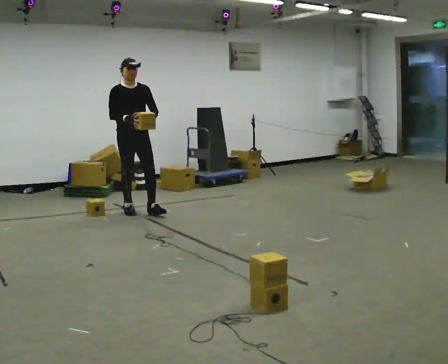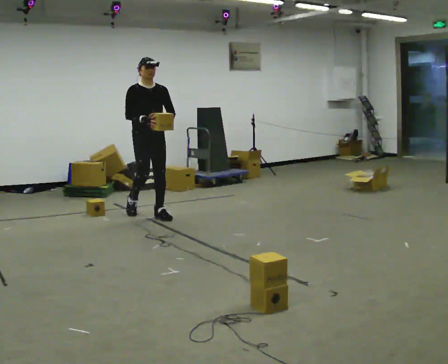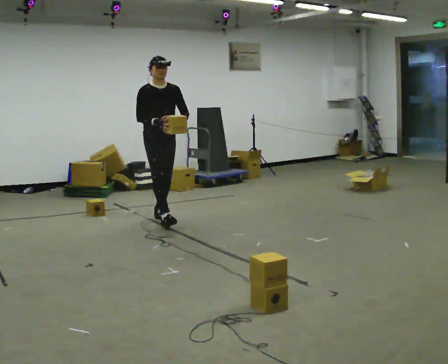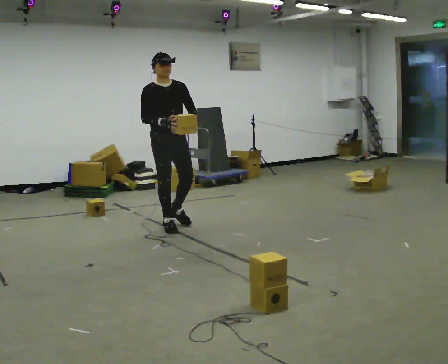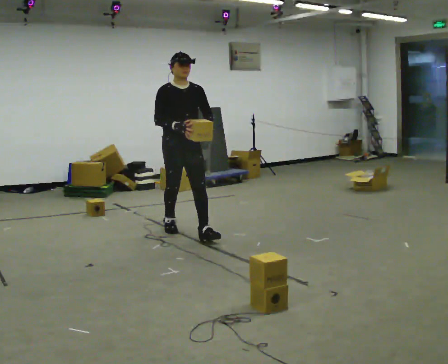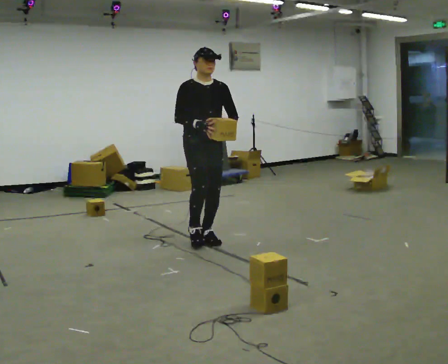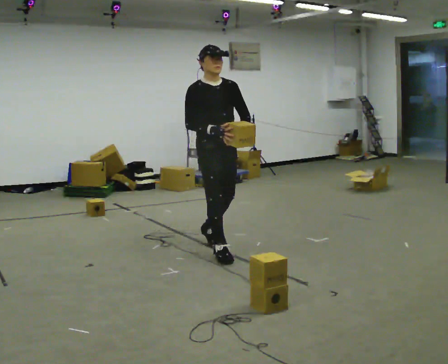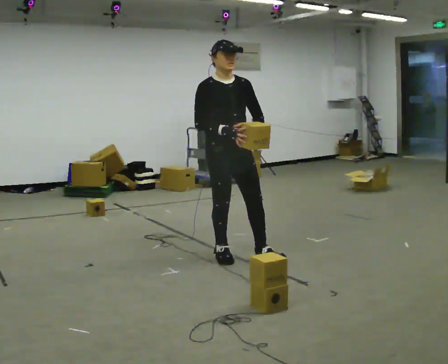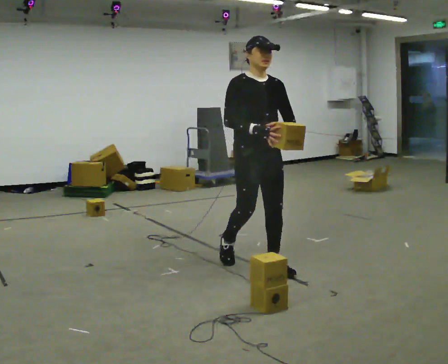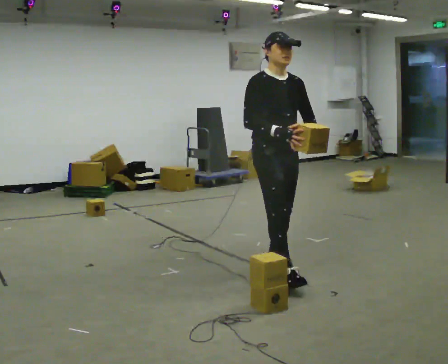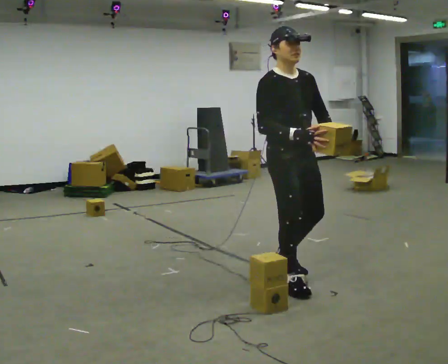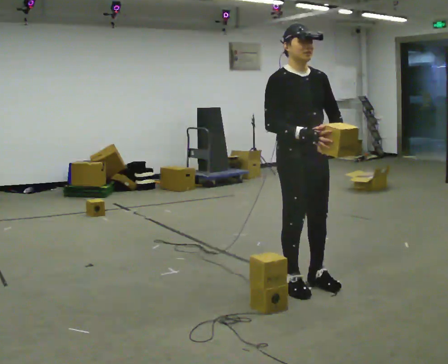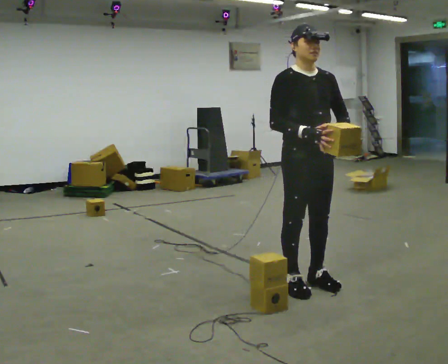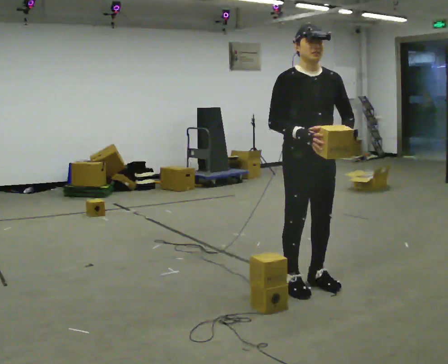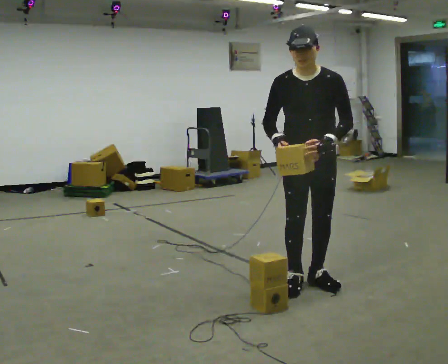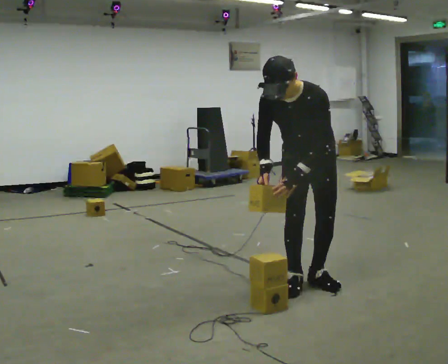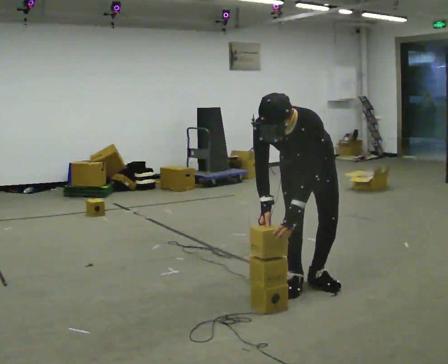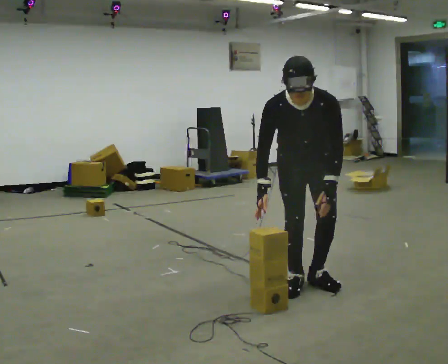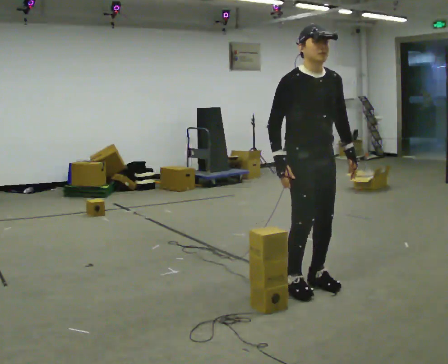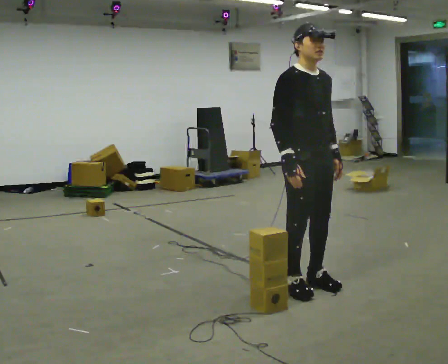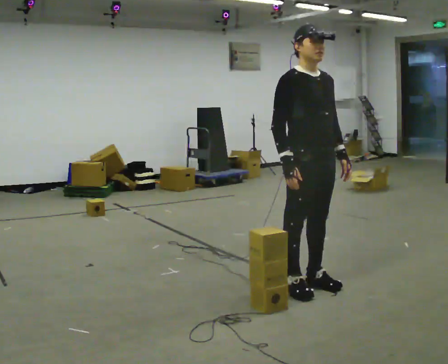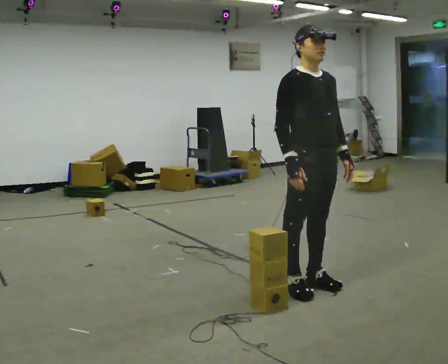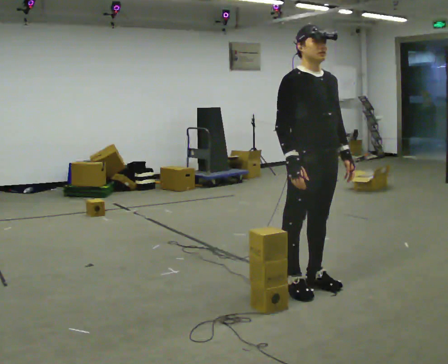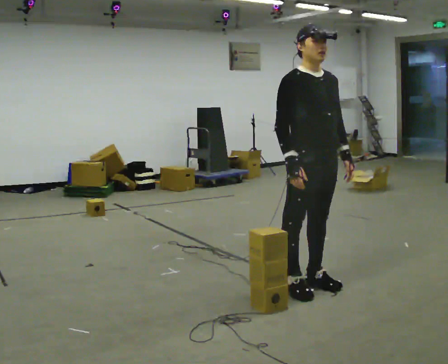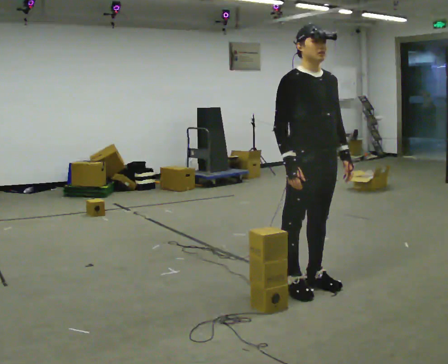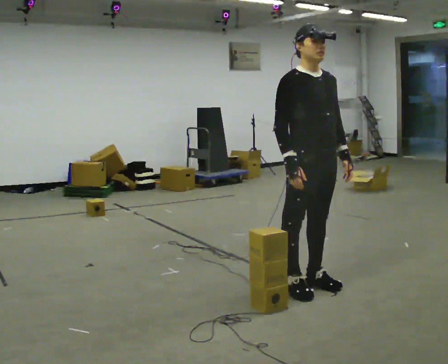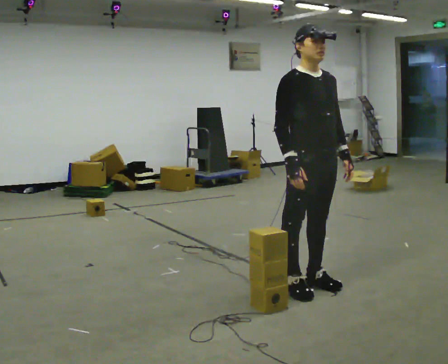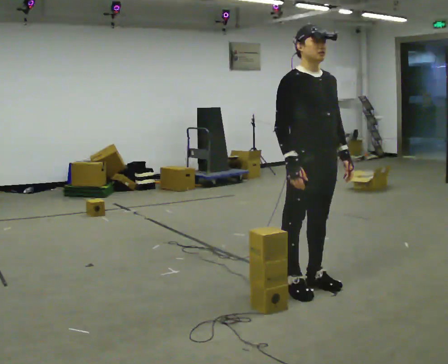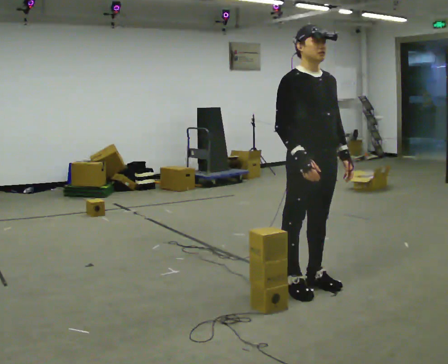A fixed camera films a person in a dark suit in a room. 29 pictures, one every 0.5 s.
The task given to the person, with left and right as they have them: Carry the stack of boxes across the room without letting it fall over, then bring it back. Keep going until the operator says stop; one object at a time, and do not rush between trips.
0.0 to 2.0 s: In the picture they go to the right and toward the camera, about 1 m in 3 steps, which for them is forward.
2.0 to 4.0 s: In the picture they go to the right and toward the camera, about 1 m in 2 steps, which for them is forward.
4.0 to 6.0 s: In the picture they go to the right and toward the camera, about 0.5 m in 2 steps, which for them is forward.
6.0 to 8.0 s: Seen from above the body turns clockwise, about 45 degrees: to their right, with its near side sliding to the left. The shoulders move downward. The upper body tips toward the camera, its near side rolling downward, as they bend forward. In the picture their right hand goes downward.
8.0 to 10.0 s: Seen from above the body turns counterclockwise, about 60 degrees: to their left, with its near side sliding to the right. In the picture they go toward the camera, about 0.25 m, which for them is forward. The upper body goes upward. The upper body tips away from the camera, its near side rolling upward, as they lean back or straighten.
10.0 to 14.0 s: The person moves a little, or ends about where they began.
The film runs forward here.
